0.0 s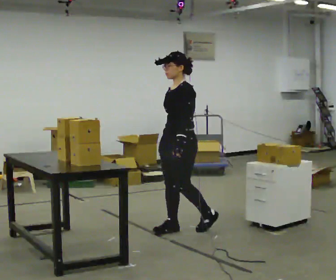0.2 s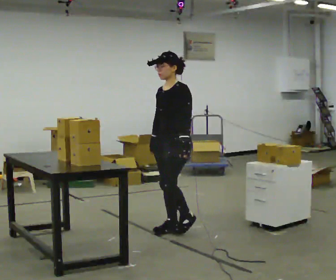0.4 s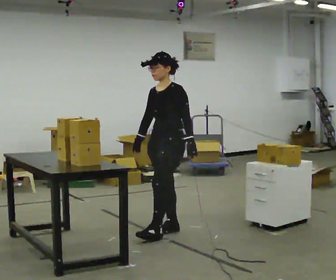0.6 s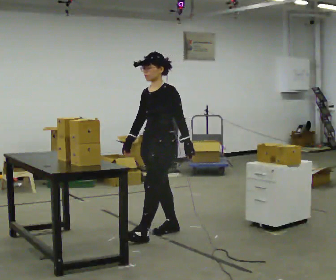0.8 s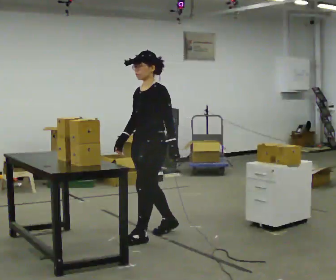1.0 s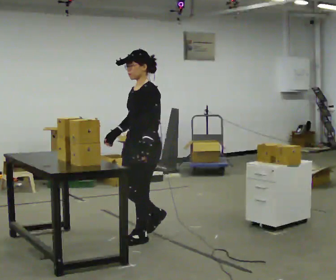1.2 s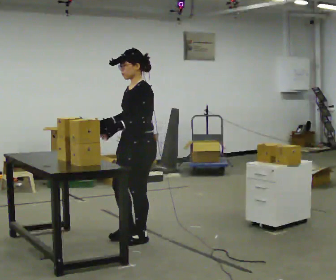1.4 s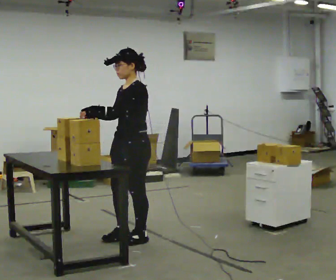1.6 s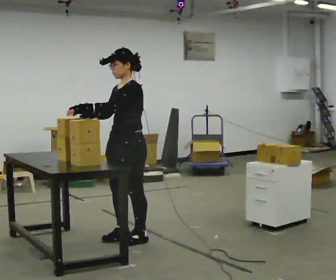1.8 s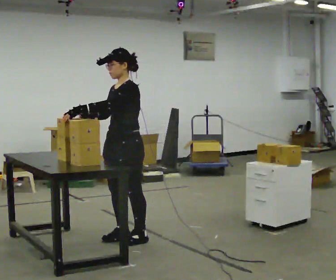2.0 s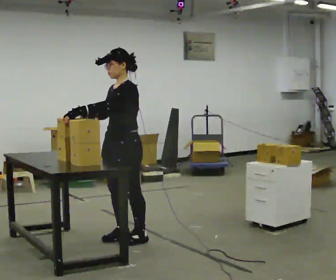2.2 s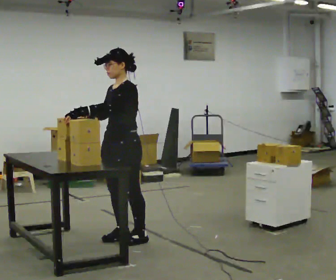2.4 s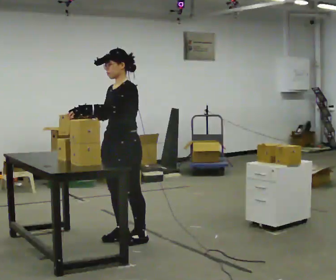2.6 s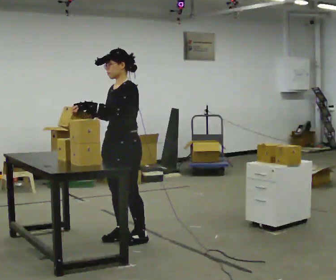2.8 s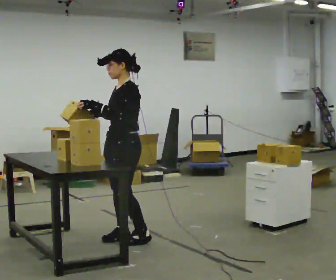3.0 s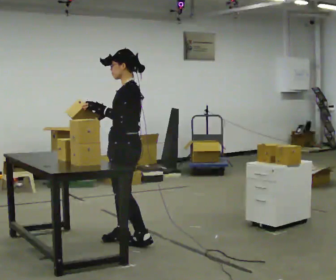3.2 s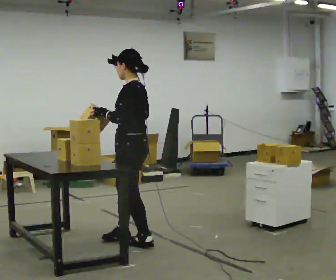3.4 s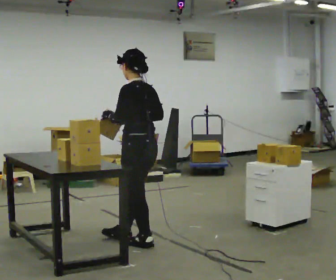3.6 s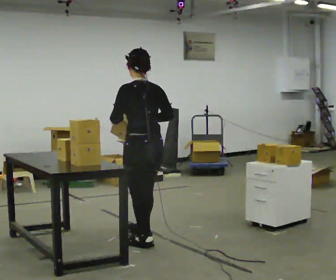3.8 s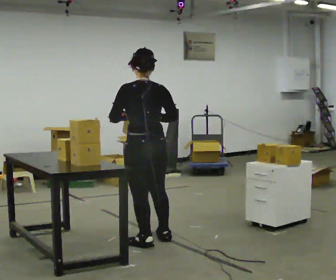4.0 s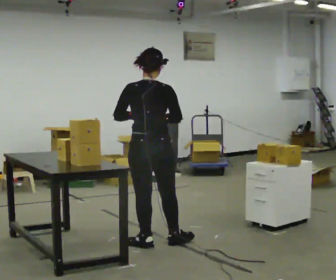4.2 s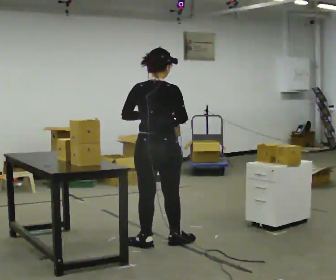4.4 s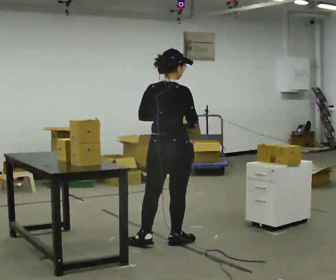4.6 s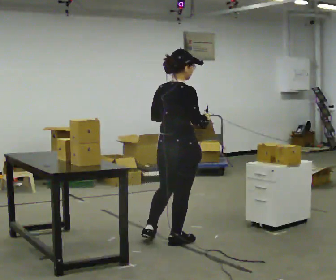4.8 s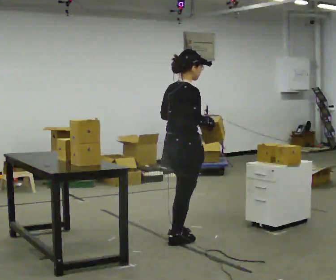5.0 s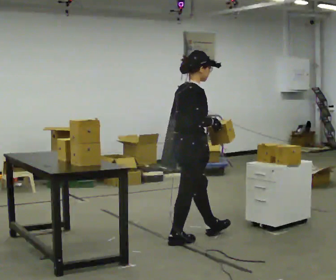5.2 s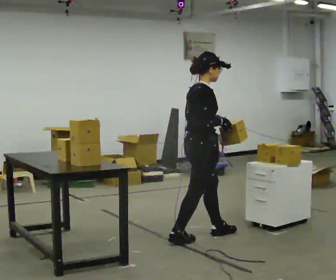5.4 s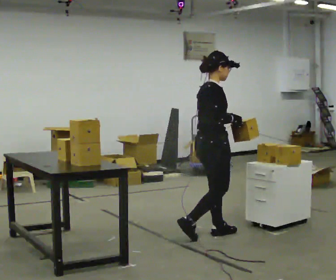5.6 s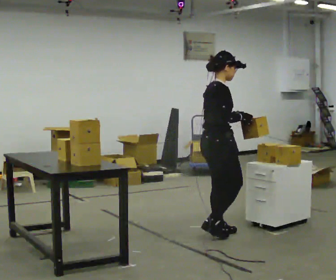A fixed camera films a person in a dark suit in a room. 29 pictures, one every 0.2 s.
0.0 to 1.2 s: In the picture they go to the left and toward the camera, about 0.5 m in 1 step, which for them is forward.
1.2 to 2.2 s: The person moves a little, or ends about where they began.
2.2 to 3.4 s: The part of the body nearest the lens slides to the left as the person turns to their right by about 75 degrees. In the picture they go toward the camera, about 0.25 m in 1 step. In the picture their right hand goes to the right.
3.4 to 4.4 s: Seen from above the body turns clockwise, about 90 degrees: to their right, with its near side sliding to the left. In the picture they go to the right, about 0.25 m in 1 step. In the picture their left hand goes to the right.
4.4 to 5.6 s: The person turns about 45 degrees to their right, clockwise seen from above, so the part of the body nearest the lens slides to the left. In the picture they go to the right and away from the camera, about 0.5 m in 1 step, which for them is forward.
The film runs forward here.
